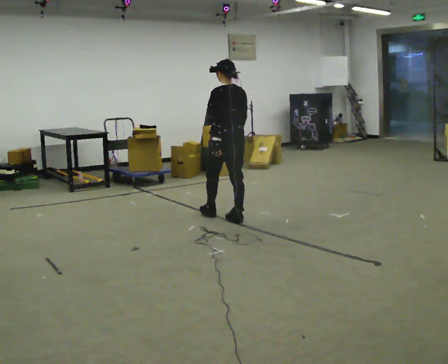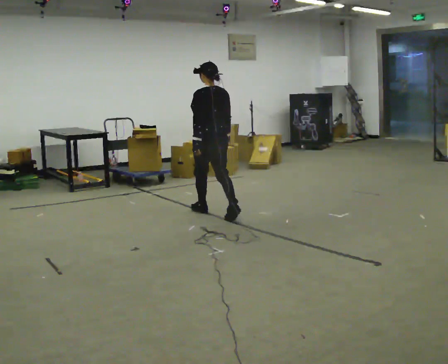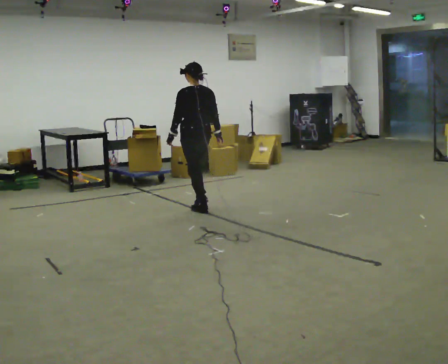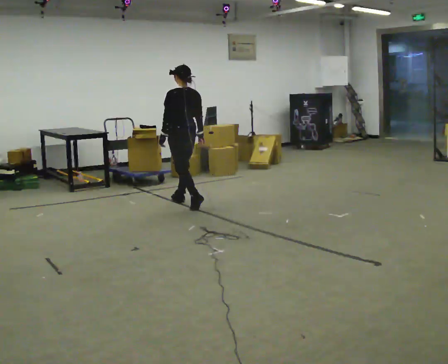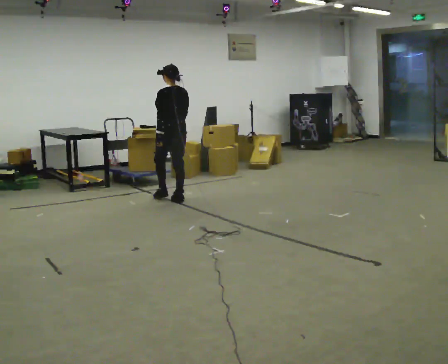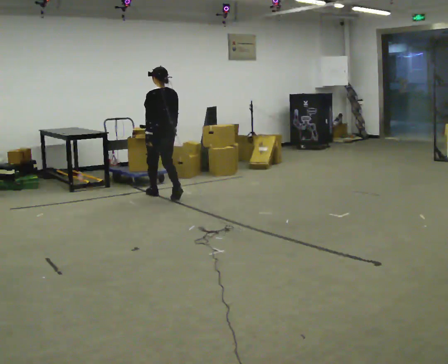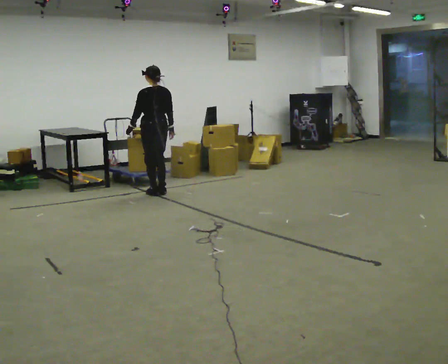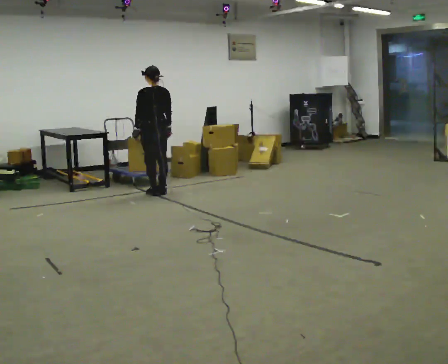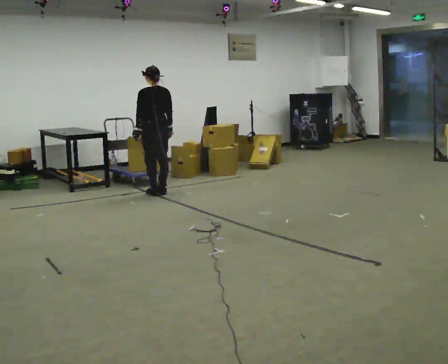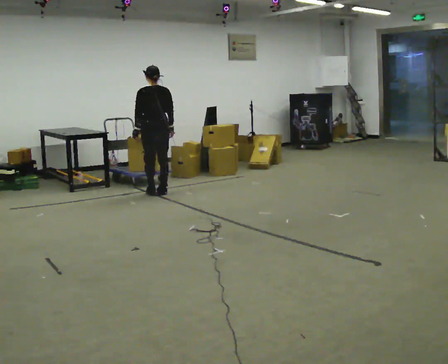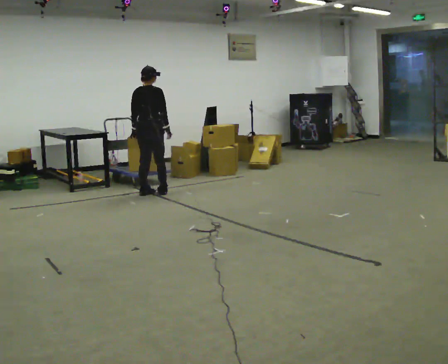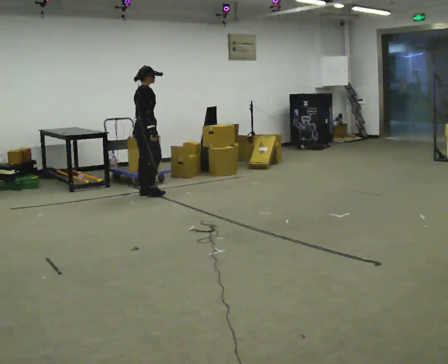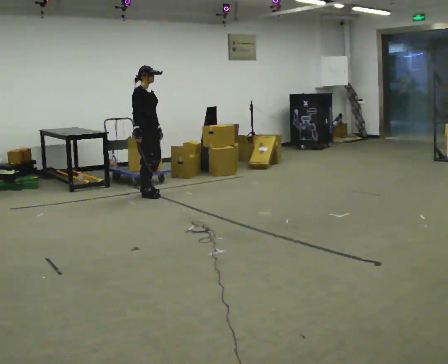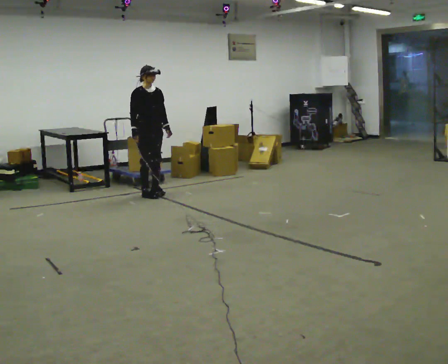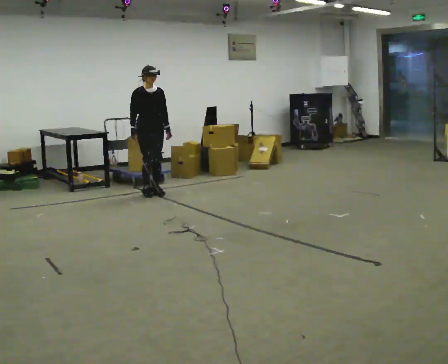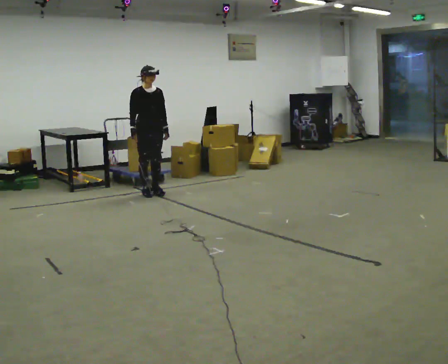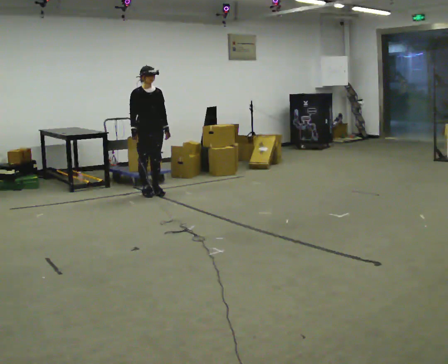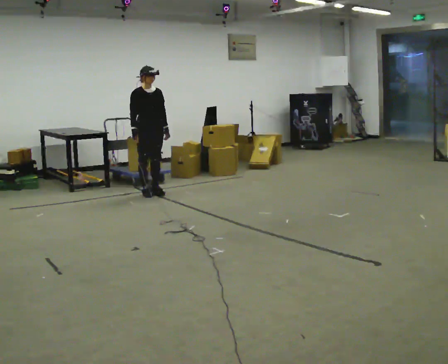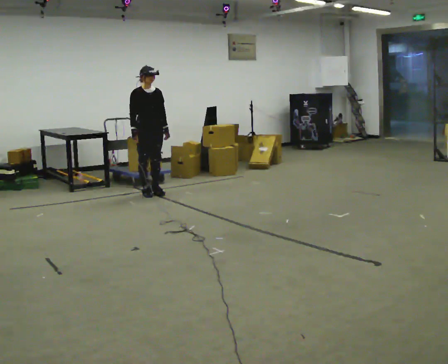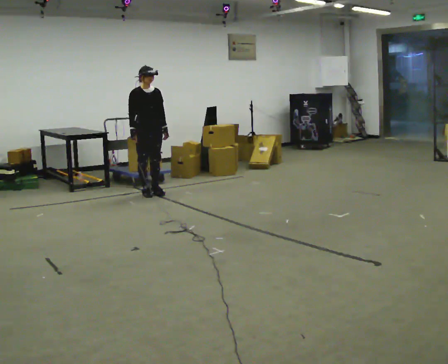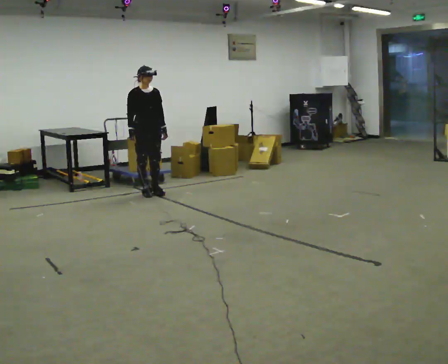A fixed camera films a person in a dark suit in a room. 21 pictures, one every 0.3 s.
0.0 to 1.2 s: In the picture they go away from the camera and to the left, about 1 m in 2 steps, which for them is forward.
1.2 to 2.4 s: In the picture they go away from the camera and to the left, about 0.5 m in 2 steps, which for them is forward.
2.4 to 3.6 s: Seen from above the body turns clockwise, about 135 degrees: to their right, with its near side sliding to the left. In the picture they go to the left, about 0.25 m in 1 step. In the picture their right hand goes to the left.
3.6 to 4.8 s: Seen from above the body turns clockwise, about 30 degrees: to their right, with its near side sliding to the left.
4.8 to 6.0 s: The person moves a little, or ends about where they began.
The film runs forward here.
